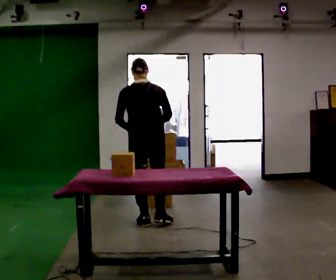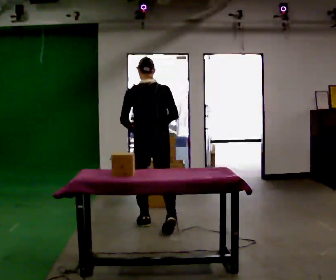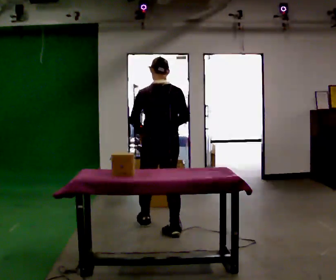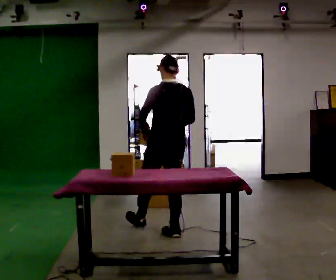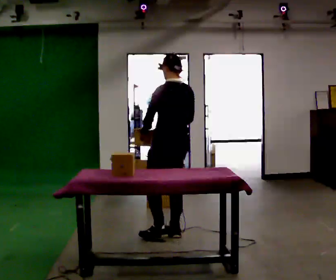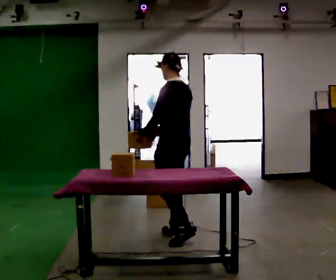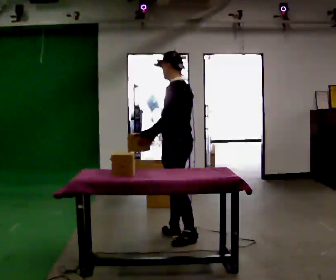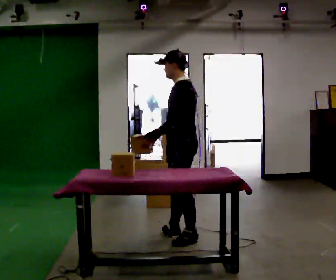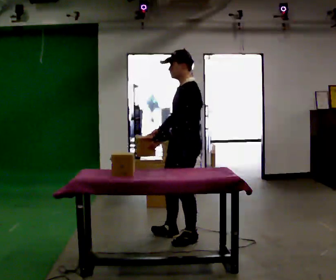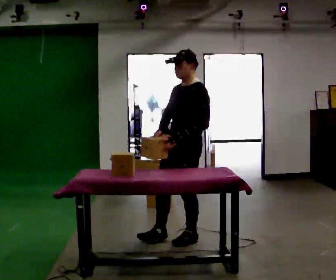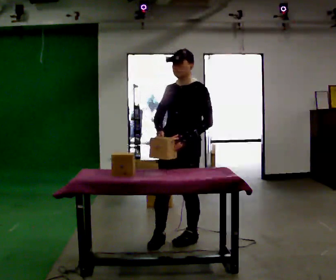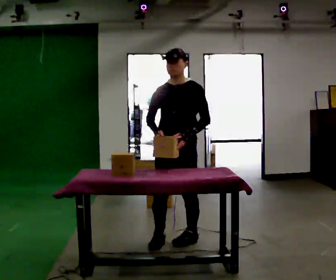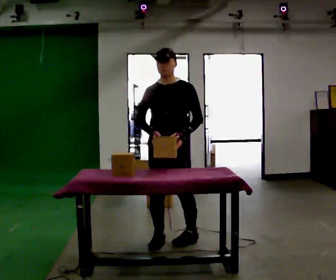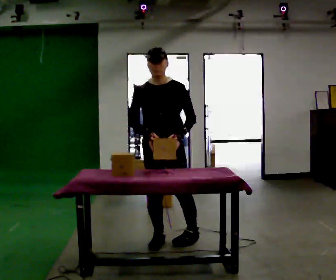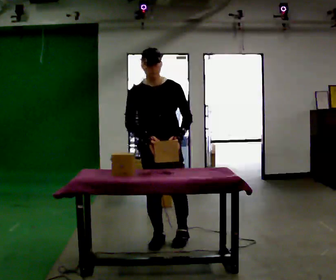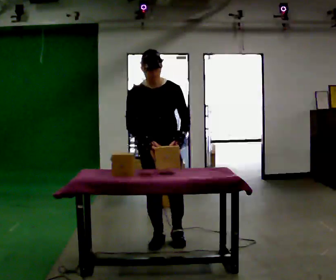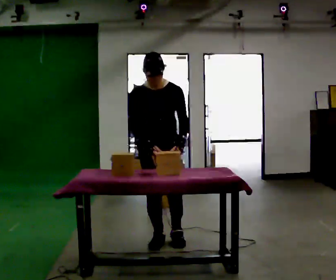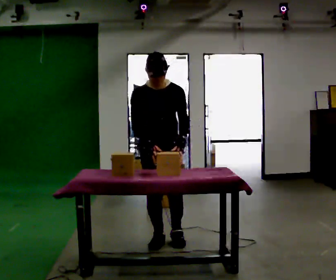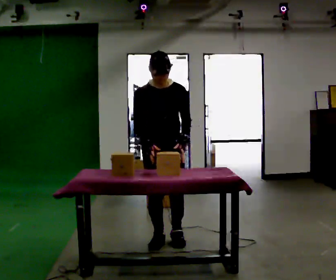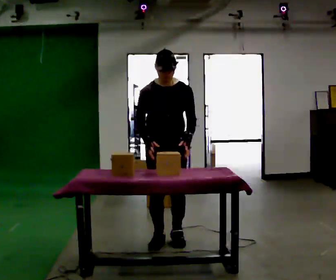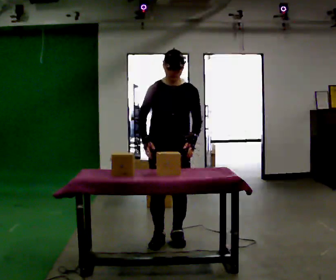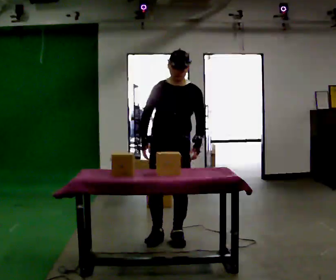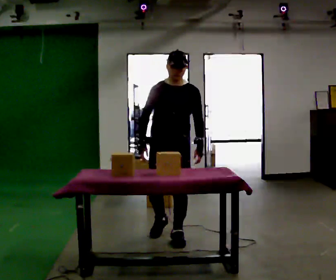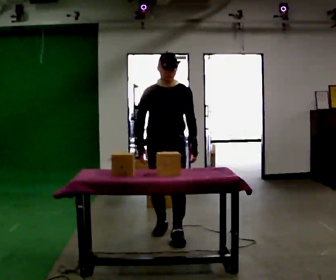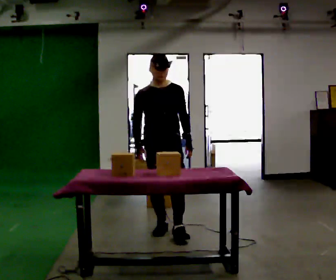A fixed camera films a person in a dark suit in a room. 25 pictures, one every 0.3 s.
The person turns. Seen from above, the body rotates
counterclockwise.
The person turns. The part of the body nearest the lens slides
to the right.
0.0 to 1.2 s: Seen from above the body turns counterclockwise, about 30 degrees: to their left, with its near side sliding to the right. In the picture they go toward the camera and to the right, about 0.5 m in 1 step, which for them is backward and to their right.
1.2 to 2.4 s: The person turns about 60 degrees to their left, counterclockwise seen from above, so the part of the body nearest the lens slides to the right. In the picture they go toward the camera, about 0.25 m, which for them is backward and to their left.
2.4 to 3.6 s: Seen from above the body turns counterclockwise, about 75 degrees: to their left, with its near side sliding to the right. In the picture they go to the left, about 0.25 m in 1 step.
3.6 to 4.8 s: The upper body tips toward the camera, its near side rolling downward, as they bend forward.
4.8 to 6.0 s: The person moves a little, or ends about where they began.
6.0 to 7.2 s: In the picture they go away from the camera, about 0.25 m in 2 steps, which for them is backward.
The film runs backward here.
